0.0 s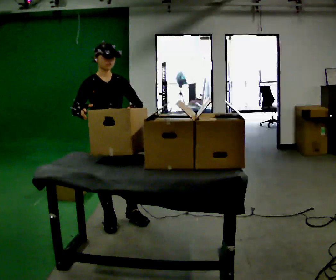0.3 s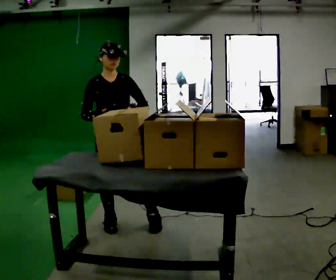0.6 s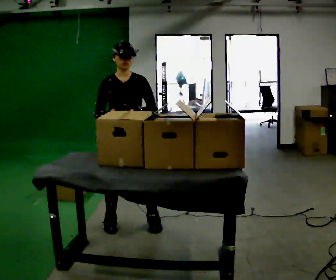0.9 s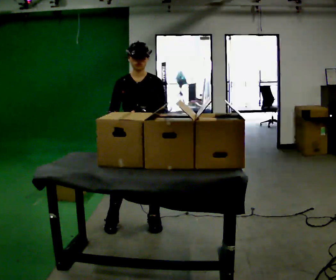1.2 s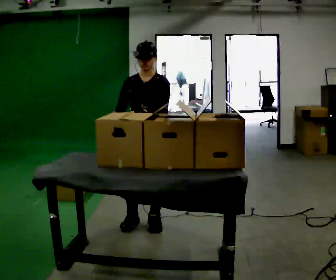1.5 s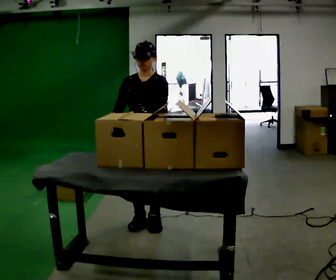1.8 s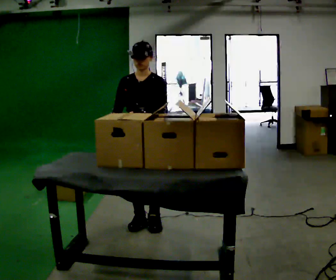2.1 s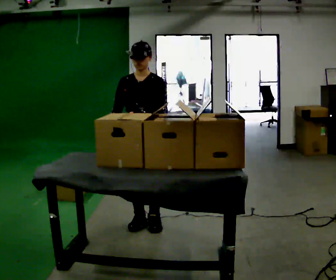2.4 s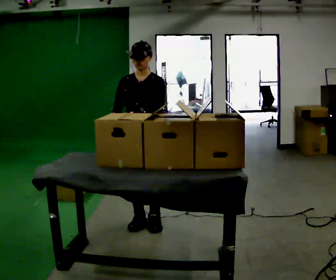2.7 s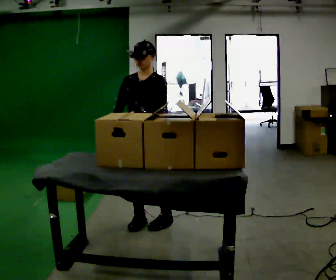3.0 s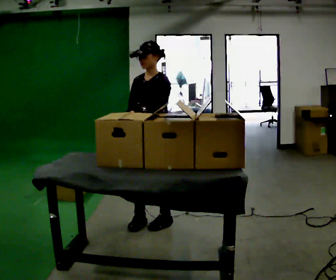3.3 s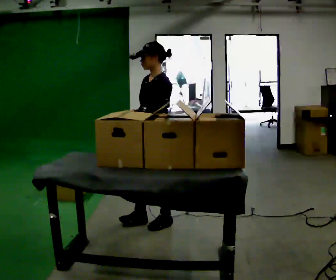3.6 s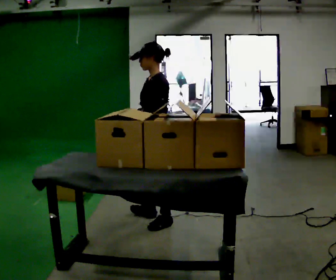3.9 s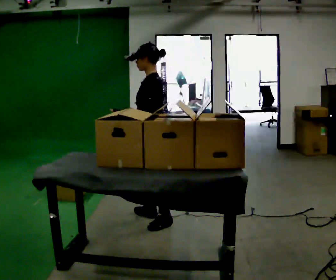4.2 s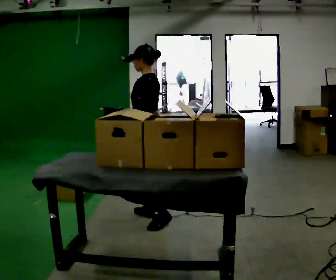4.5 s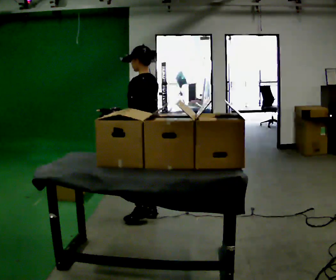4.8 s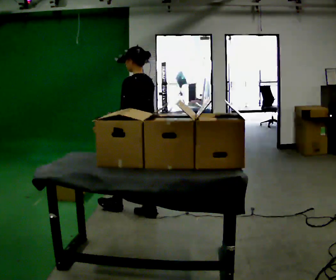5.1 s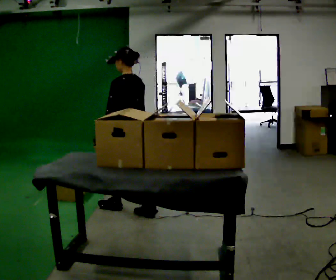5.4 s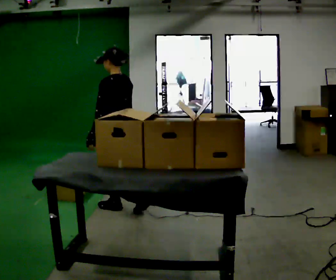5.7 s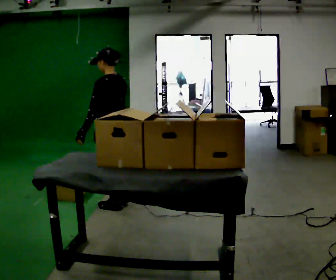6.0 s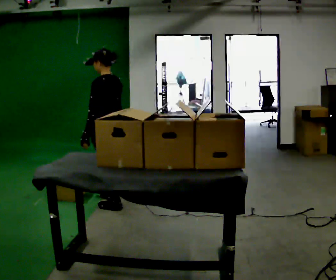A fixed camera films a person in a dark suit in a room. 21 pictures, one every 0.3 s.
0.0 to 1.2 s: The person turns about 30 degrees to their right, clockwise seen from above, so the part of the body nearest the lens slides to the left. In the picture they go to the right, about 0.25 m in 1 step, which for them is to their left.
1.2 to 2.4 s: The person moves a little, or ends about where they began.
2.4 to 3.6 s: The part of the body nearest the lens slides to the left as the person turns to their right by about 60 degrees.
3.6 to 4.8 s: The person turns about 45 degrees to their right, clockwise seen from above, so the part of the body nearest the lens slides to the left. In the picture they go away from the camera and to the left, about 0.25 m, which for them is forward and to their right.
4.8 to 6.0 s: In the picture they go to the left and away from the camera, about 0.25 m in 2 steps, which for them is forward.
The film runs forward here.
